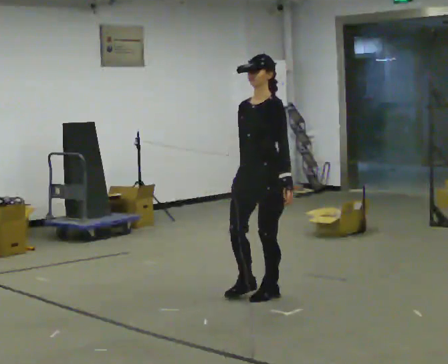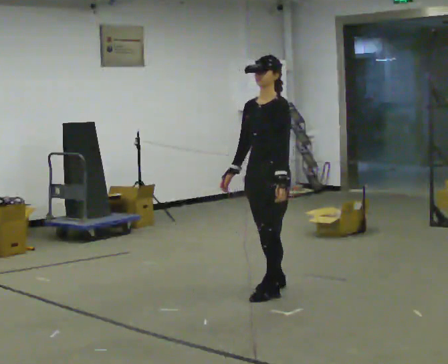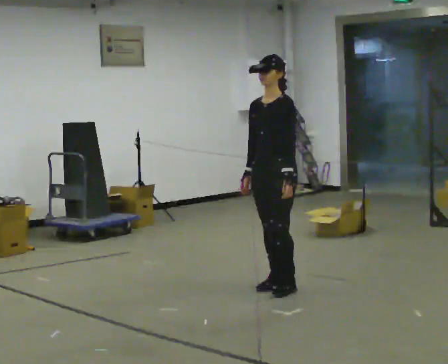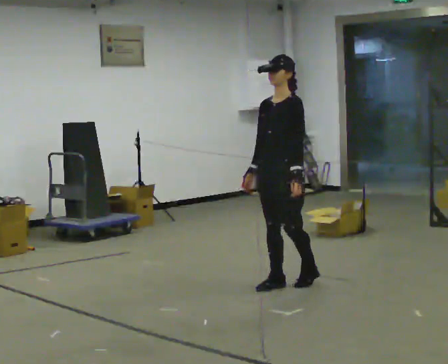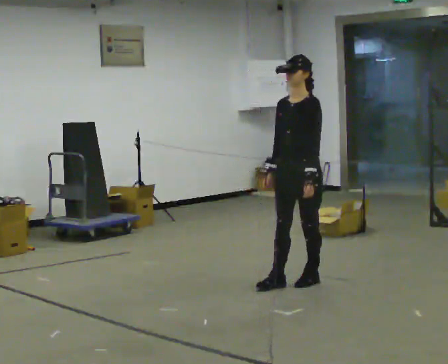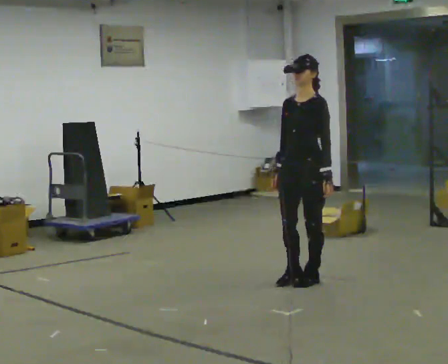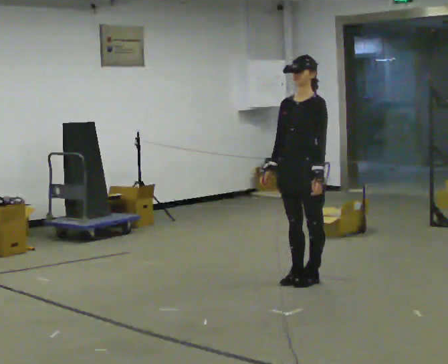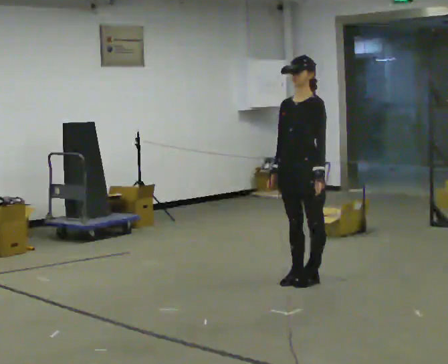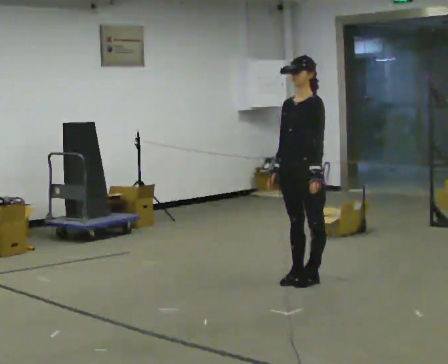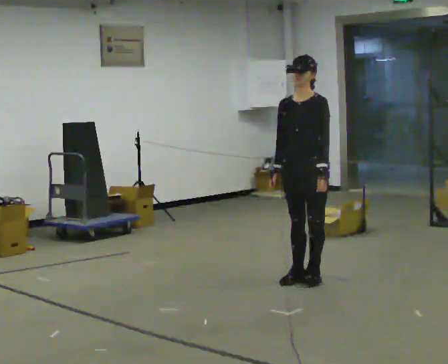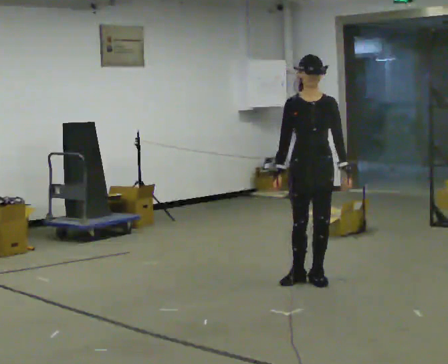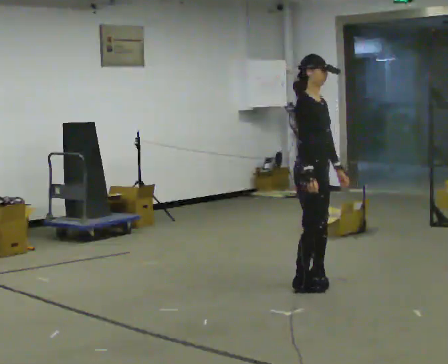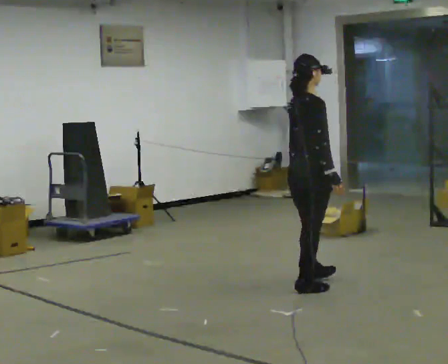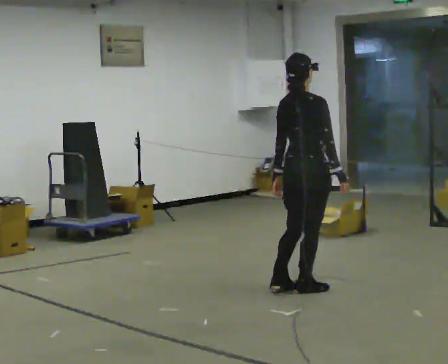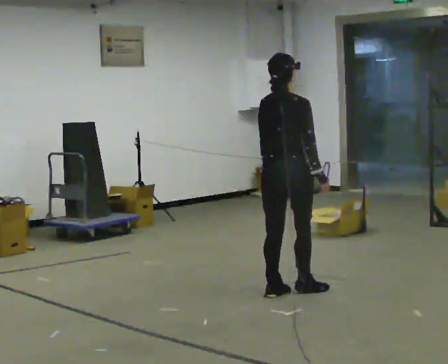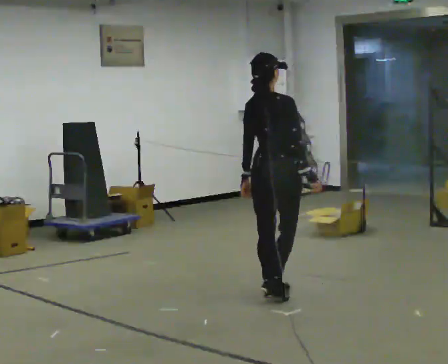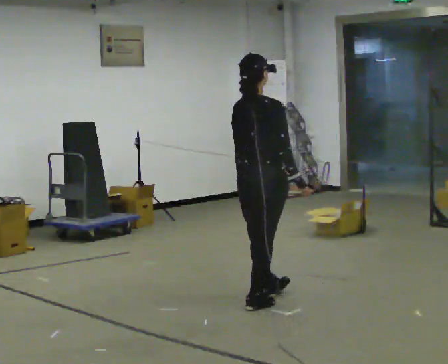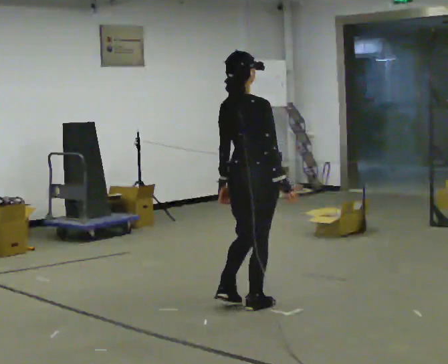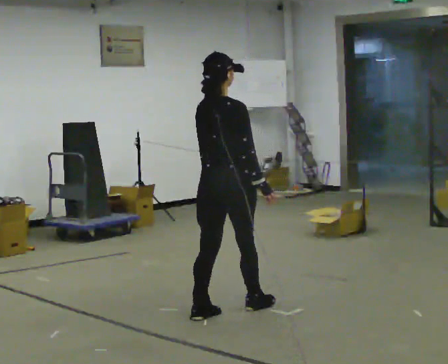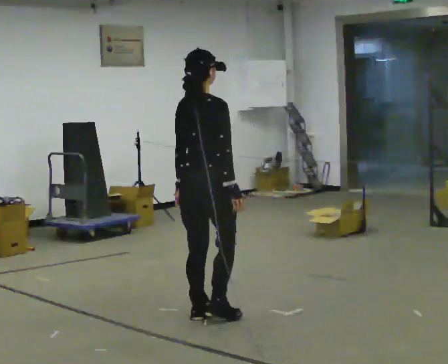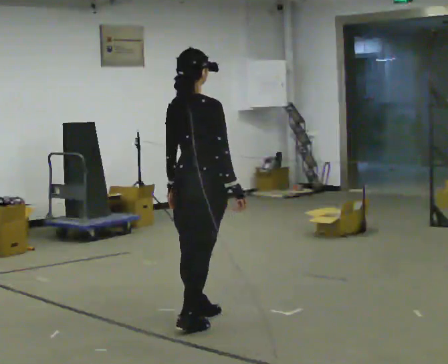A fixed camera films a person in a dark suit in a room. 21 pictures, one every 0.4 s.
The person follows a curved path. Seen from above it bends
clockwise.
The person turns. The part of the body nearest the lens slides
to the right.
0.0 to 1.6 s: In the picture they go away from the camera and to the right, about 0.5 m in 2 steps, which for them is backward.
1.6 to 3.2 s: The person moves a little, or ends about where they began.
3.2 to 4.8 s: Seen from above the body turns counterclockwise, about 165 degrees: to their left, with its near side sliding to the right. In the picture they go toward the camera, about 0.25 m in 1 step.
4.8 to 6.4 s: Seen from above the body turns counterclockwise, about 30 degrees: to their left, with its near side sliding to the right. In the picture they go toward the camera and to the left, about 0.5 m in 2 steps, which for them is backward.
6.4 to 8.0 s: In the picture they go toward the camera and to the left, about 0.5 m in 2 steps, which for them is backward.
The film runs forward here.
